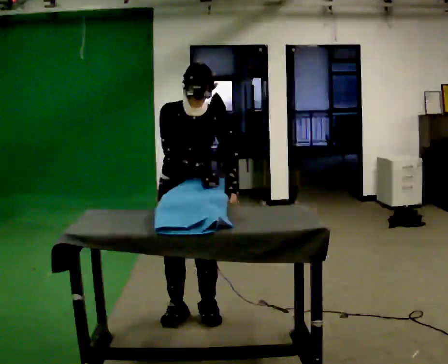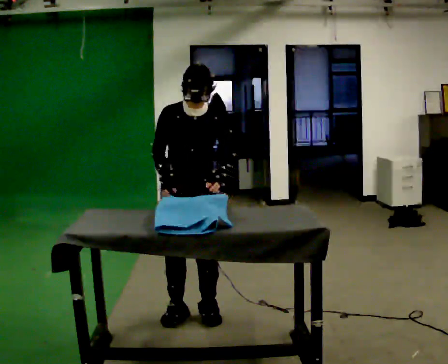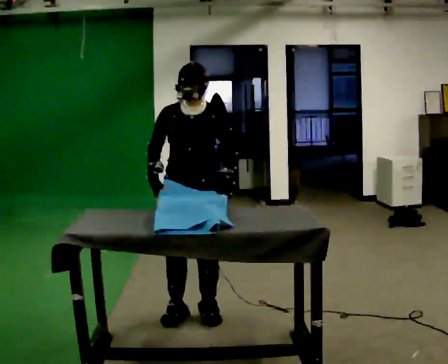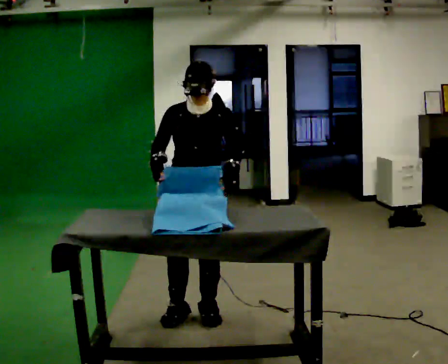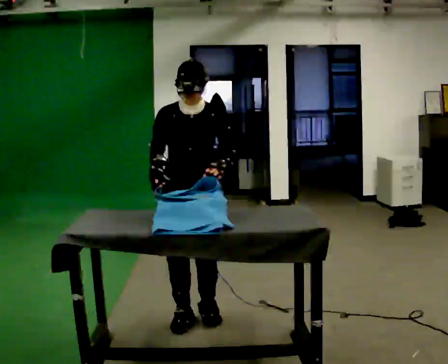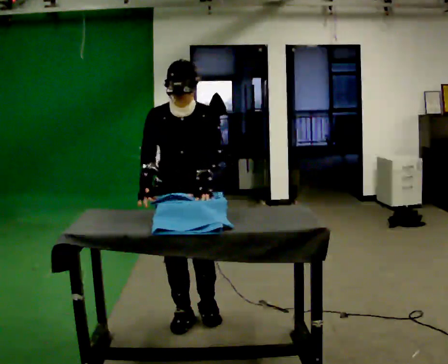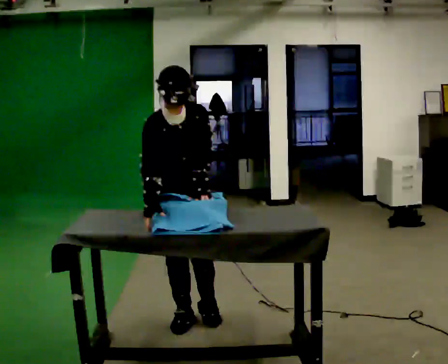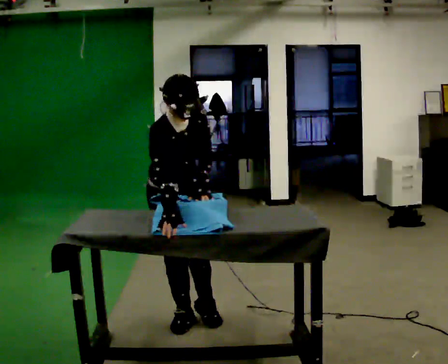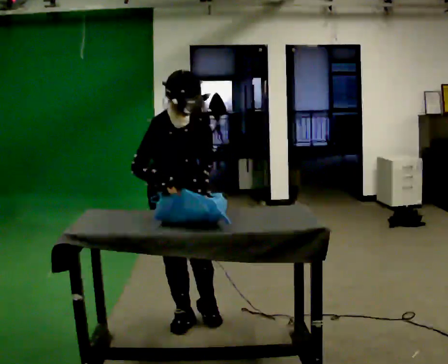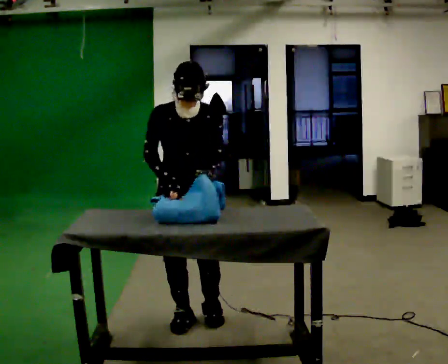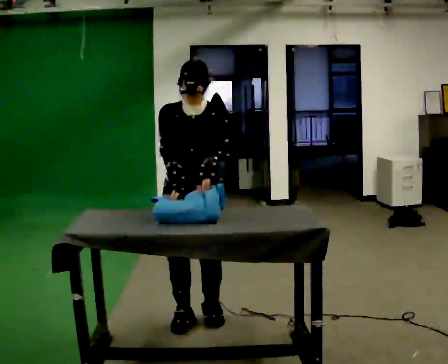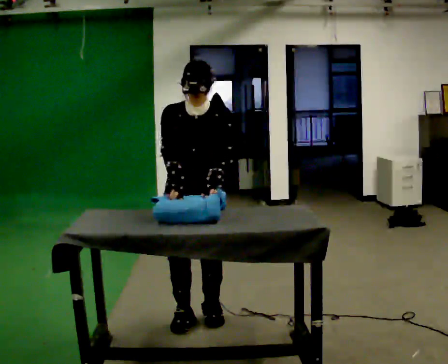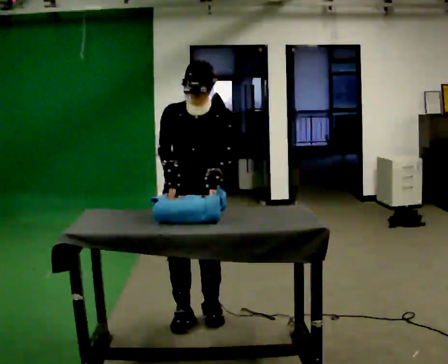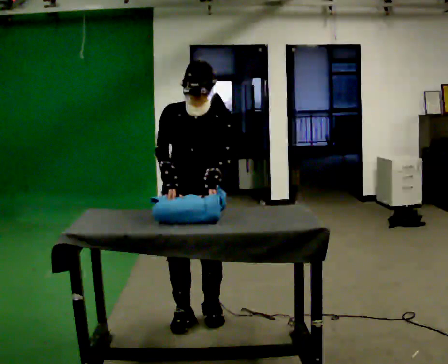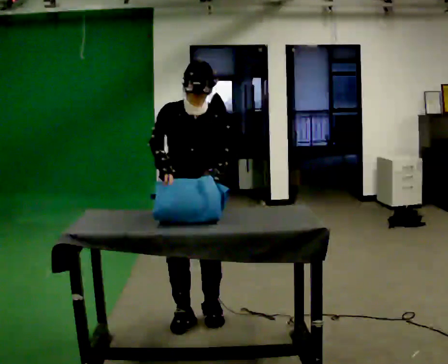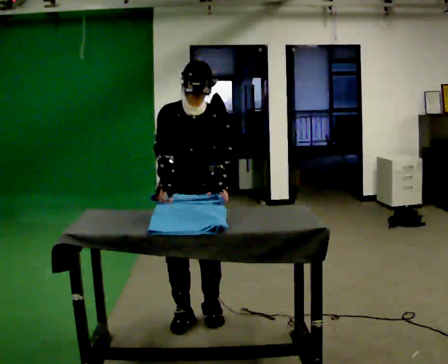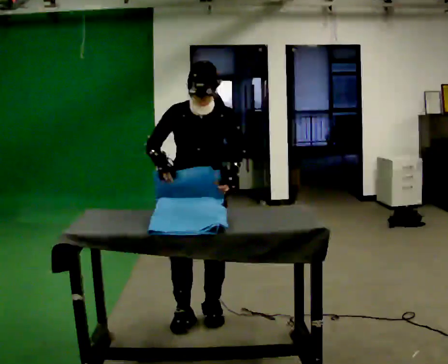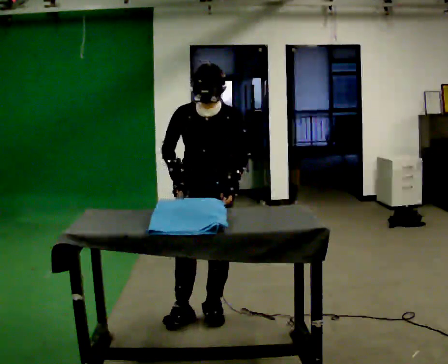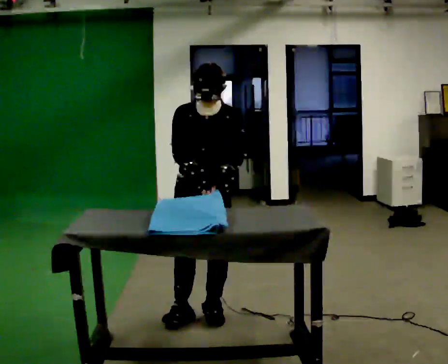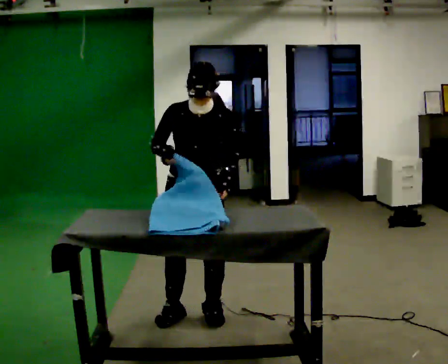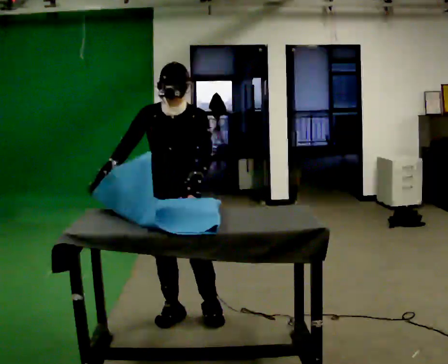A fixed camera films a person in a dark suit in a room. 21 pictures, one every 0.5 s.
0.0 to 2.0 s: The person moves a little, or ends about where they began.
2.0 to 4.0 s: The part of the body nearest the lens slides to the right as the person turns to their left by about 30 degrees.
4.0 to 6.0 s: The part of the body nearest the lens slides to the left as the person turns to their right by about 30 degrees. The upper body tips away from the camera, its near side rolling upward, as they lean back or straighten.
6.0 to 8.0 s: The person moves a little, or ends about where they began.
8.0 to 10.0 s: In the picture they go to the left, about 0.25 m, which for them is to their right. In the picture their right hand goes to the left.
The film runs forward here.
